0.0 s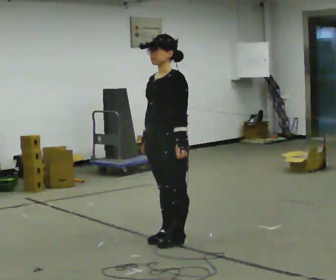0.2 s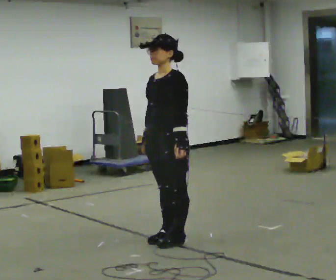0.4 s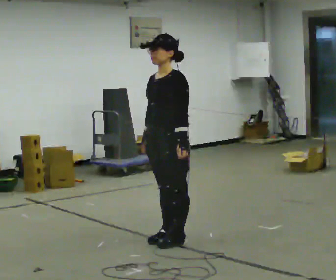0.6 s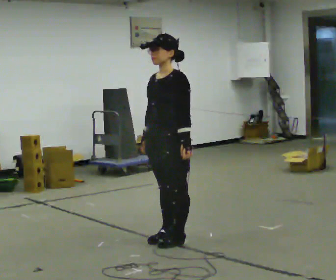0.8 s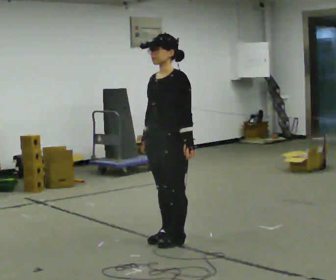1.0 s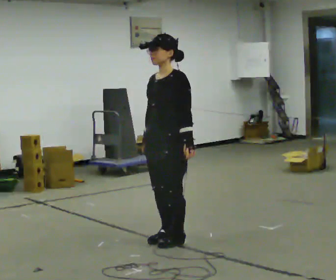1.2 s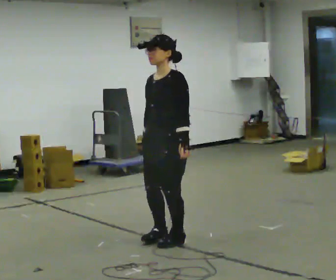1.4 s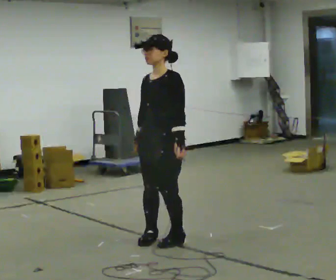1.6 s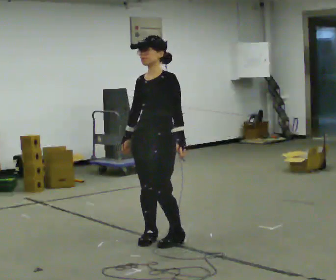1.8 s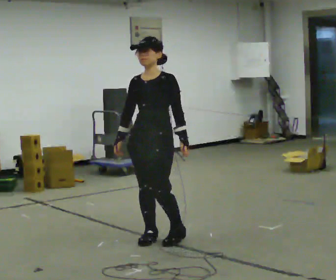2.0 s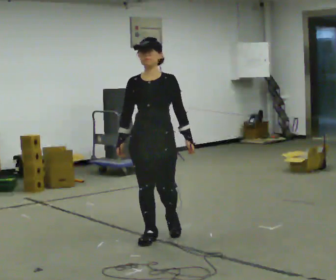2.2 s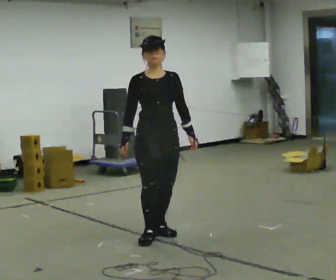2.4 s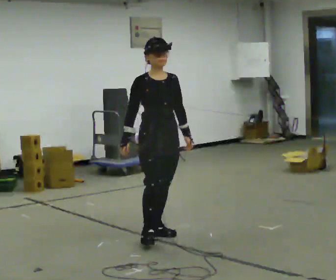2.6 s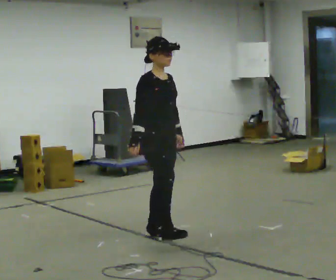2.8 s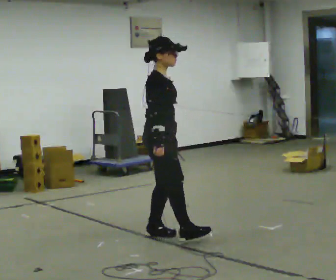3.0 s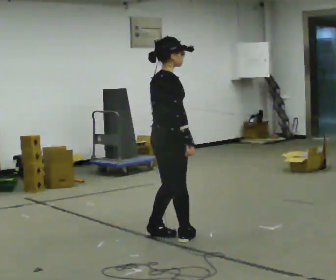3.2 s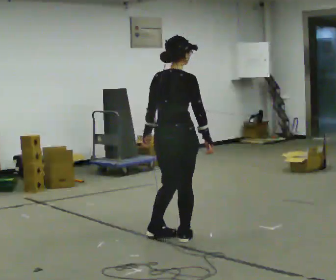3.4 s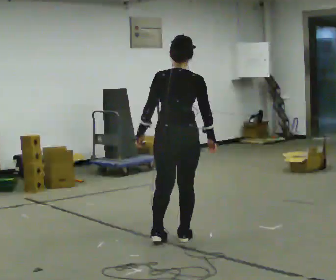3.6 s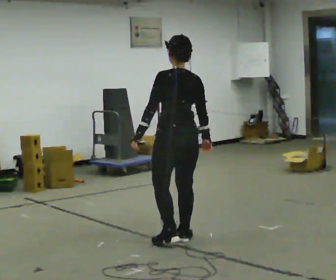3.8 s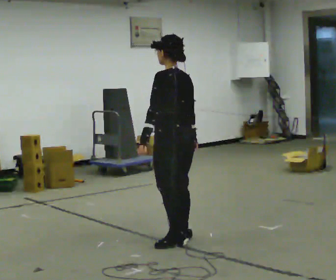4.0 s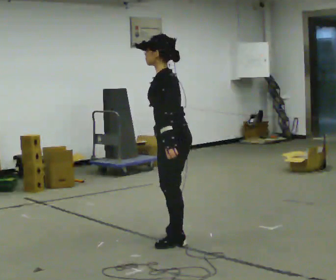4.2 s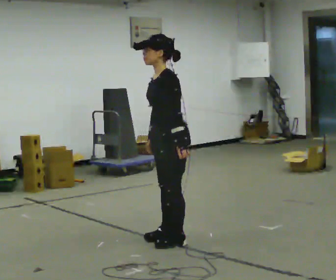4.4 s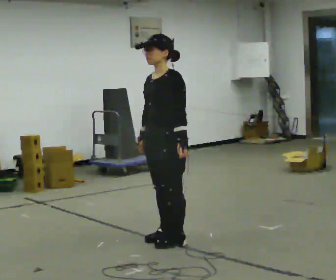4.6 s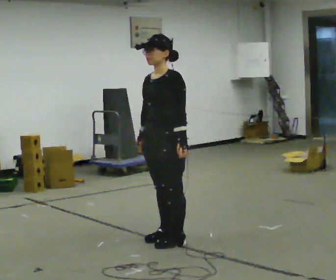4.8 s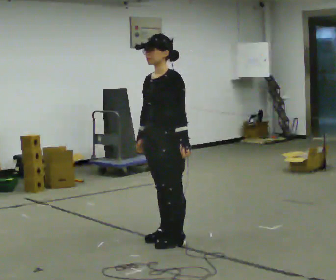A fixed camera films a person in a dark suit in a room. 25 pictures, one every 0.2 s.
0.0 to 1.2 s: The person moves a little, or ends about where they began.
1.2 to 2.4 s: The person turns about 75 degrees to their left, counterclockwise seen from above, so the part of the body nearest the lens slides to the right. In the picture they go away from the camera, about 0.25 m in 2 steps.
2.4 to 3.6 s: The person turns about 180 degrees to their left, counterclockwise seen from above, so the part of the body nearest the lens slides to the right. In the picture they go toward the camera, about 0.25 m in 1 step. In the picture their left hand goes to the left, the arm swinging clockwise.
3.6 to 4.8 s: The person turns about 105 degrees to their left, counterclockwise seen from above, so the part of the body nearest the lens slides to the right. In the picture their left hand goes to the right, the arm swinging counterclockwise.
The film runs backward here.
